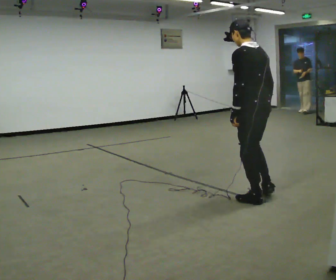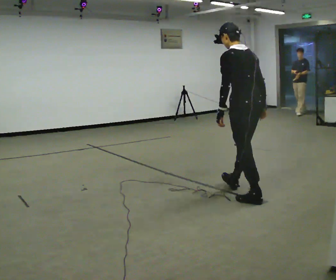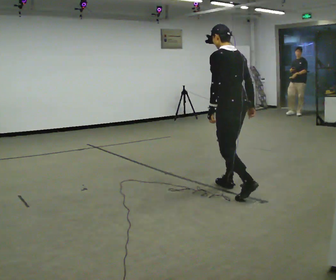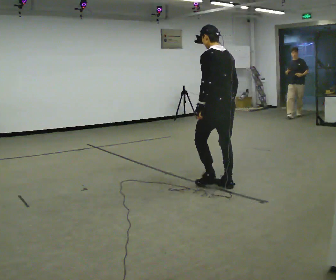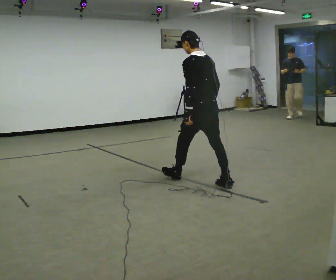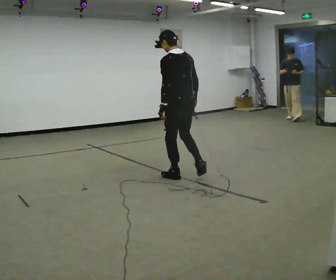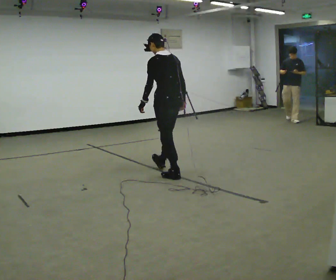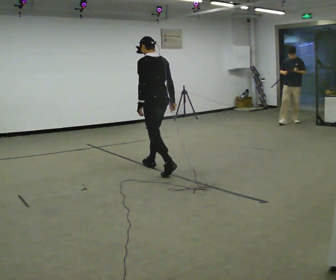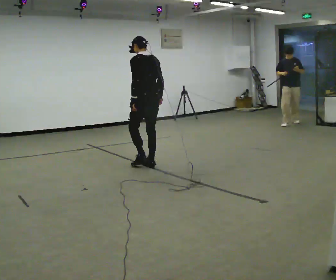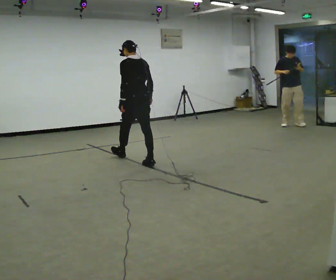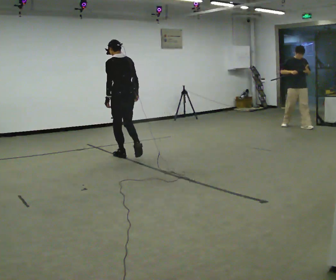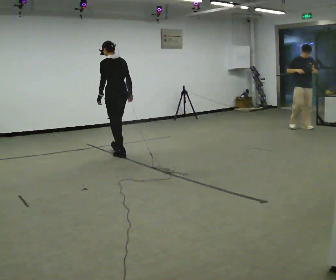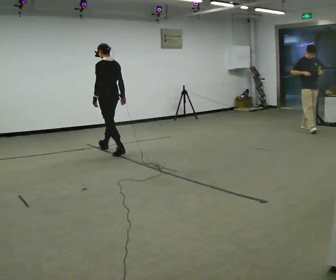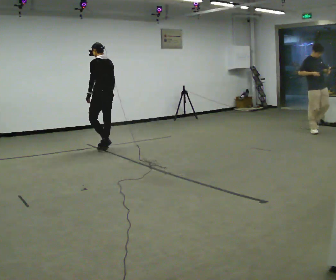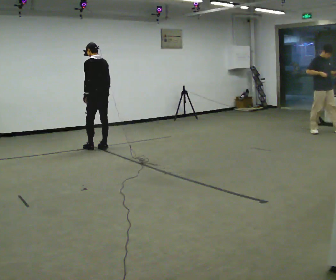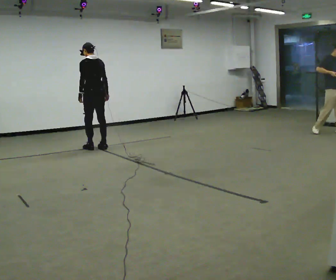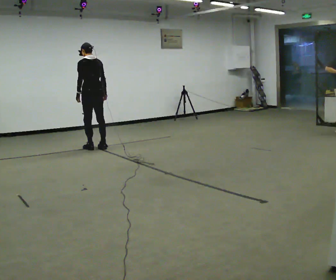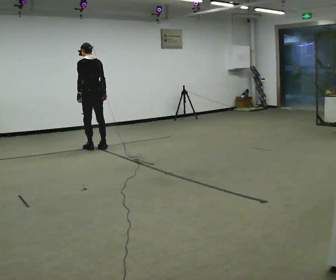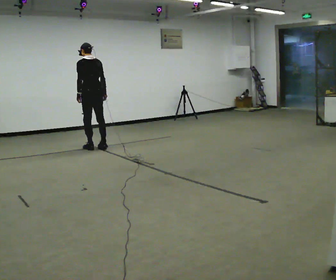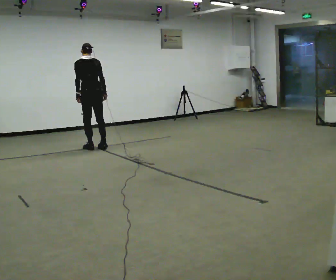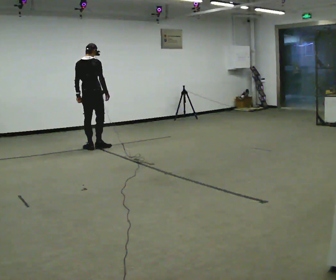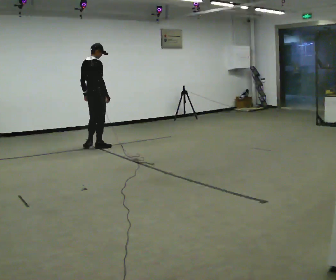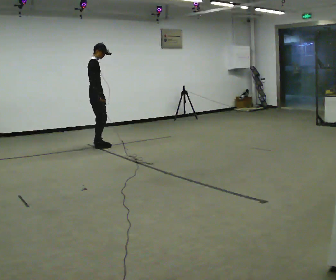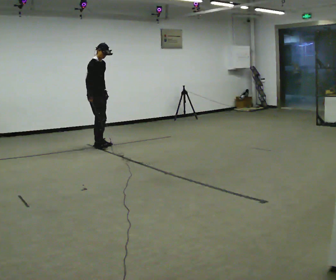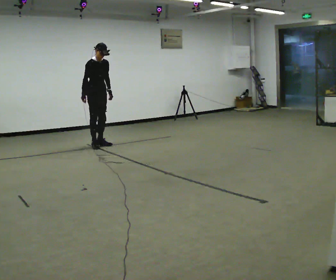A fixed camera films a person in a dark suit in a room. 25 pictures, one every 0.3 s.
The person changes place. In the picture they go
away from the camera.
0.0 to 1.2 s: In the picture they go away from the camera and to the left, about 1 m in 1 step, which for them is forward.
1.2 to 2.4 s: In the picture they go away from the camera and to the left, about 1 m in 2 steps, which for them is forward.
2.4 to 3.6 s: In the picture they go away from the camera and to the left, about 1 m in 2 steps, which for them is forward.
3.6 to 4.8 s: In the picture they go away from the camera and to the left, about 0.5 m in 1 step, which for them is forward.
4.8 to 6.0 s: The part of the body nearest the lens slides to the left as the person turns to their right by about 45 degrees.
6.0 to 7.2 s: The person turns about 120 degrees to their right, clockwise seen from above, so the part of the body nearest the lens slides to the left. In the picture they go away from the camera, about 0.25 m in 1 step. In the picture their right hand goes to the left, the arm swinging clockwise.
The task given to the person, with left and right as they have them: Walk forward noticeably slower than normal; do not shuffle; stop.
The film runs forward here.
